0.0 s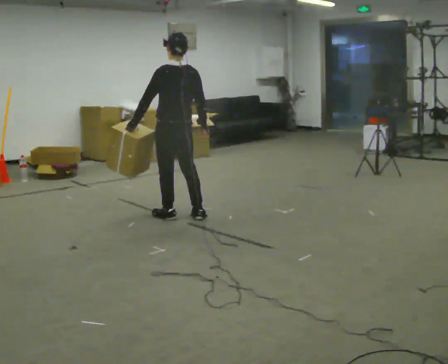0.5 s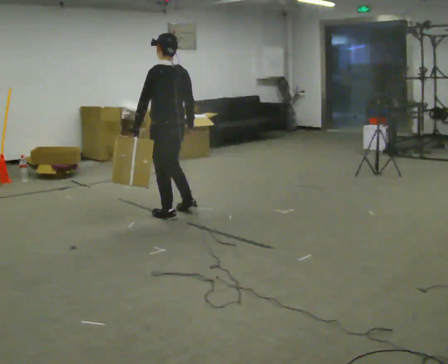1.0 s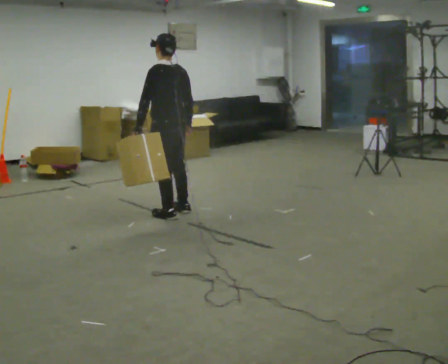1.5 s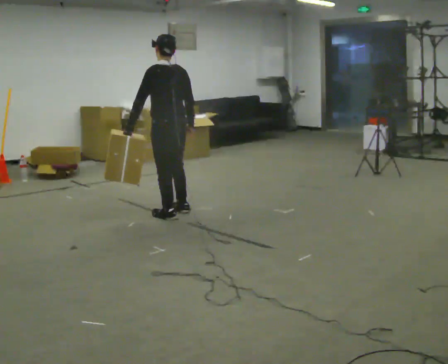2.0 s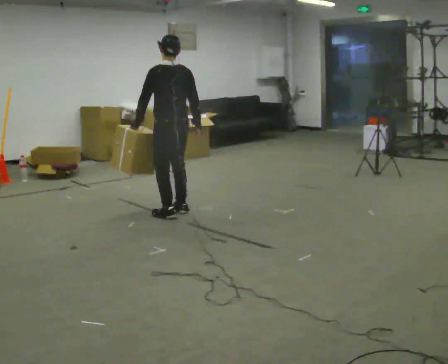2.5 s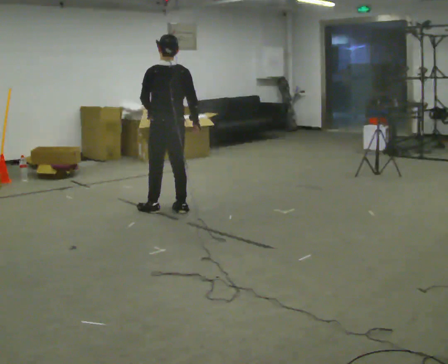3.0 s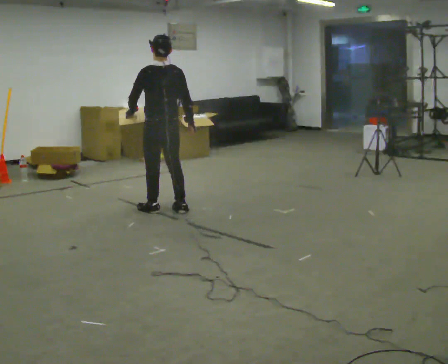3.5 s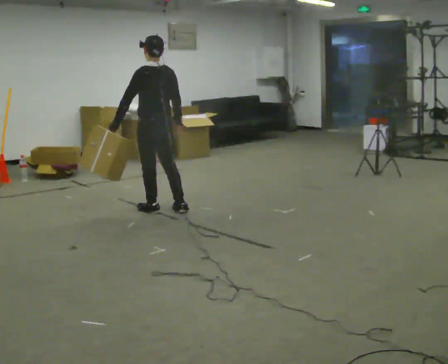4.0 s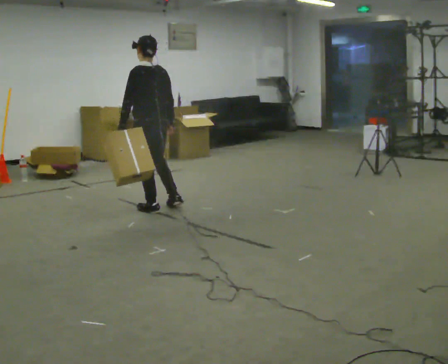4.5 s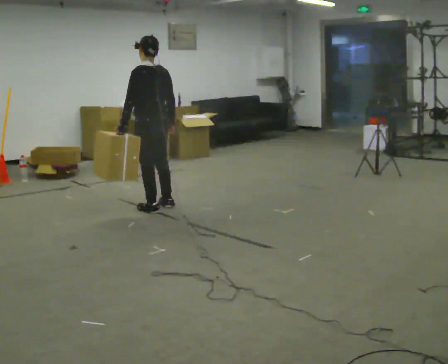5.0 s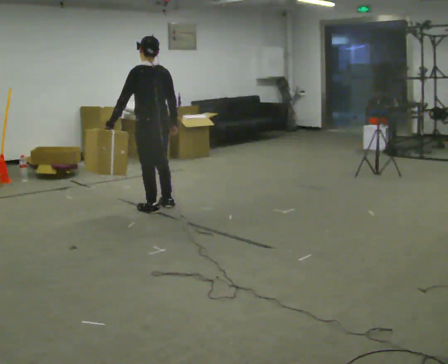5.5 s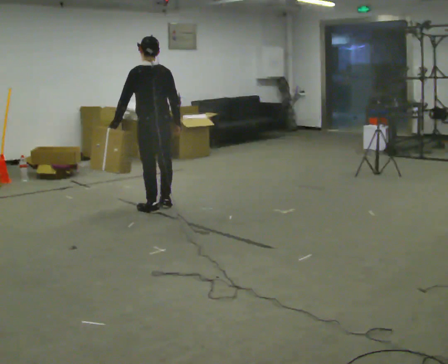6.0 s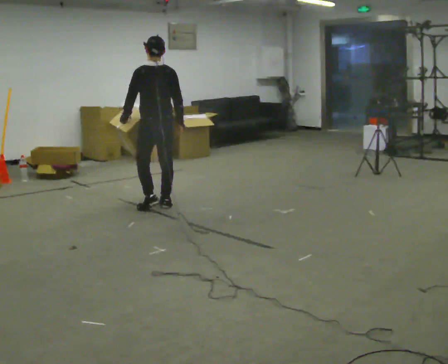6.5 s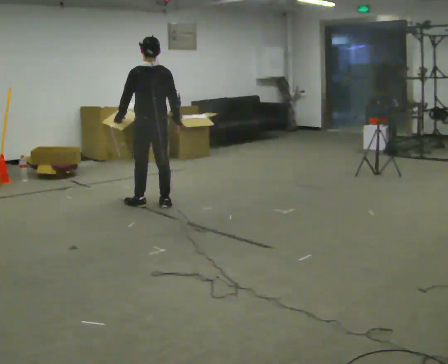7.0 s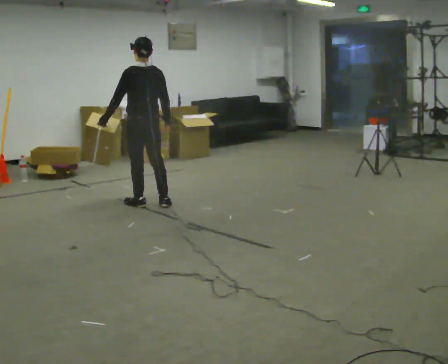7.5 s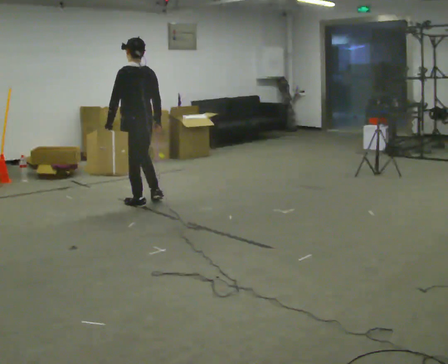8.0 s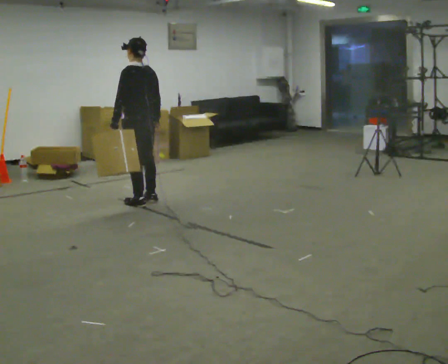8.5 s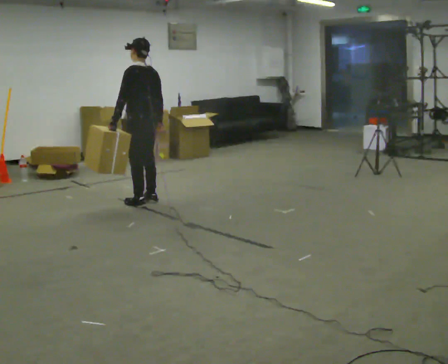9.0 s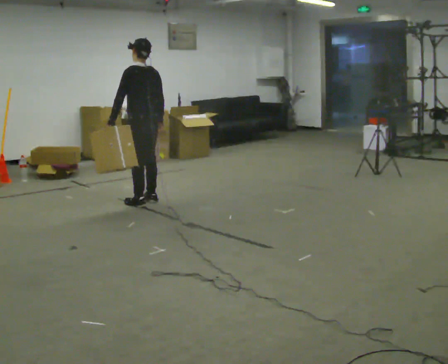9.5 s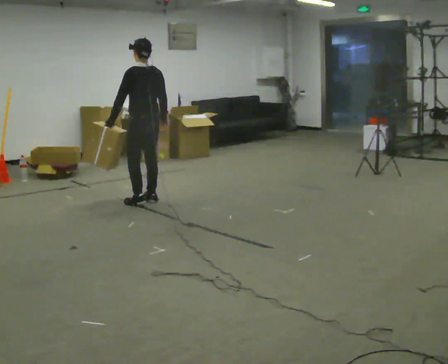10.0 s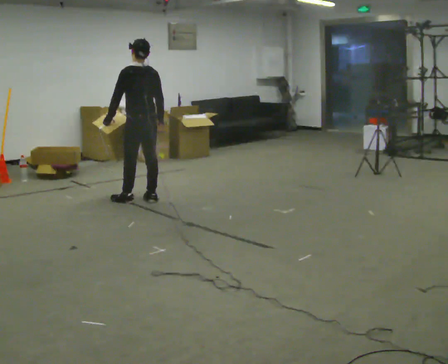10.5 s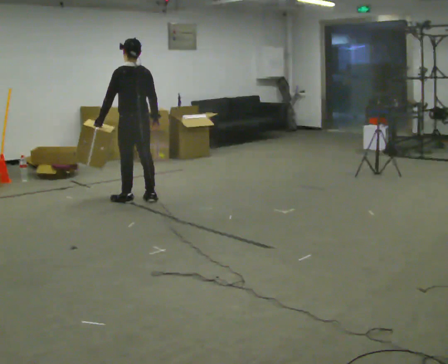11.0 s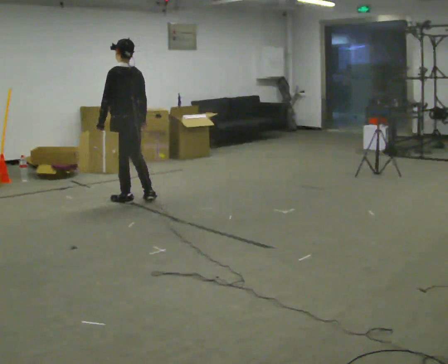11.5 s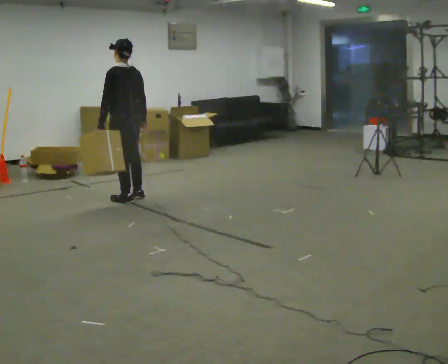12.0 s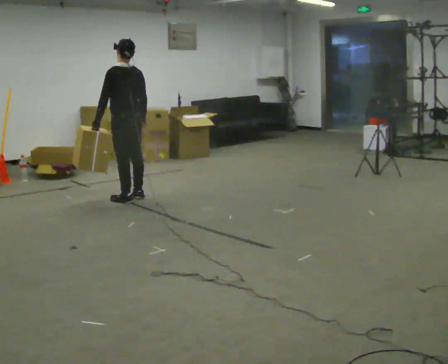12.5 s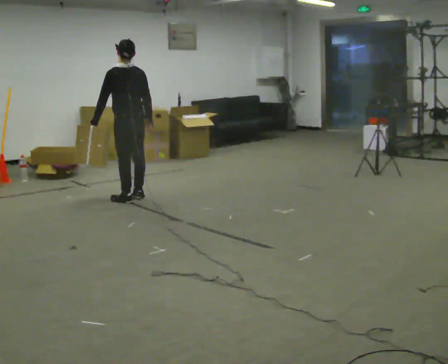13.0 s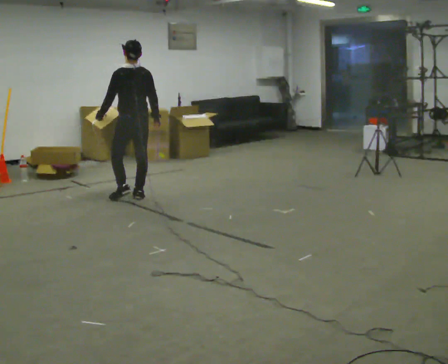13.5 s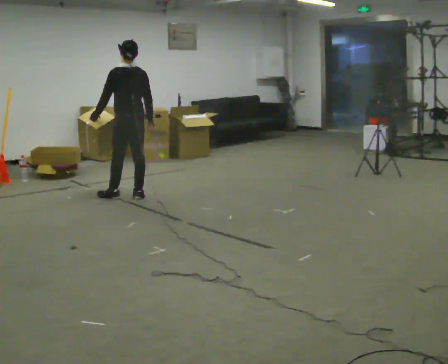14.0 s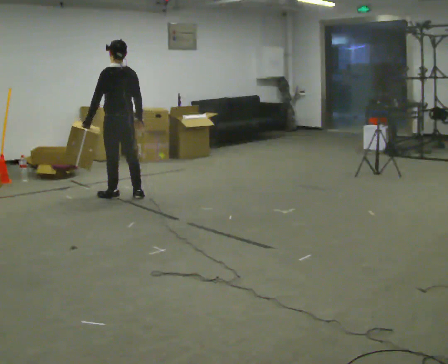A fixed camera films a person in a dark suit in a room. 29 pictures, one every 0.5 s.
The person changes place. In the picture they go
away from the camera.
0.0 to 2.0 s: The person moves a little, or ends about where they began.
2.0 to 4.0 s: In the picture they go to the left, about 0.25 m in 1 step, which for them is forward and to their left.
4.0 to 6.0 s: The person moves a little, or ends about where they began.
6.0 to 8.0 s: In the picture they go to the left, about 0.25 m in 2 steps, which for them is forward.
8.0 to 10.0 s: The person moves a little, or ends about where they began.
10.0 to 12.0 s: In the picture they go to the left, about 0.25 m in 1 step, which for them is forward.
12.0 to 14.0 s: The person moves a little, or ends about where they began.
The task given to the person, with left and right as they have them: Carry the object in the hand the operator calls, down at your side, walking back and forth across the room.
The film runs forward here.
